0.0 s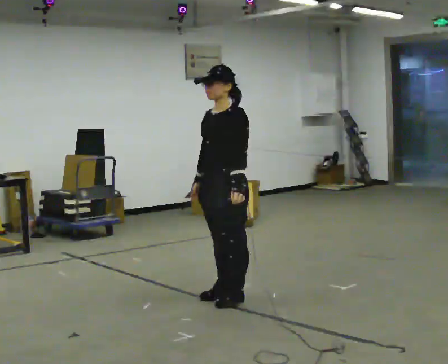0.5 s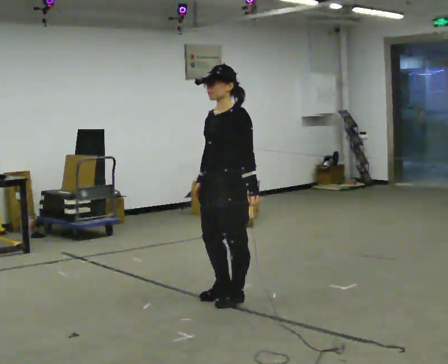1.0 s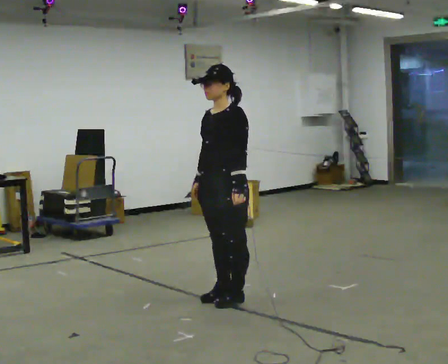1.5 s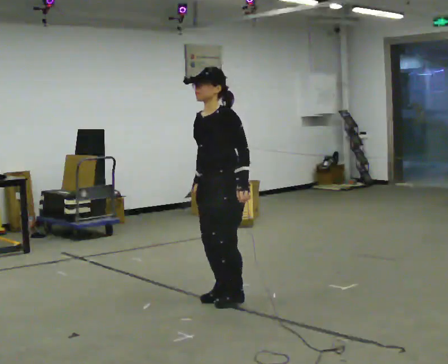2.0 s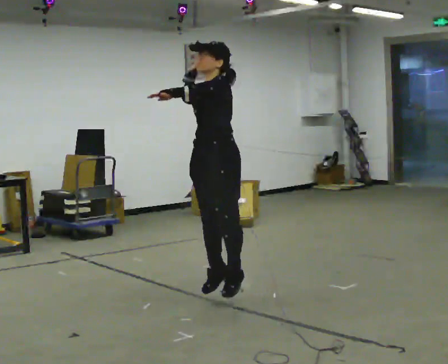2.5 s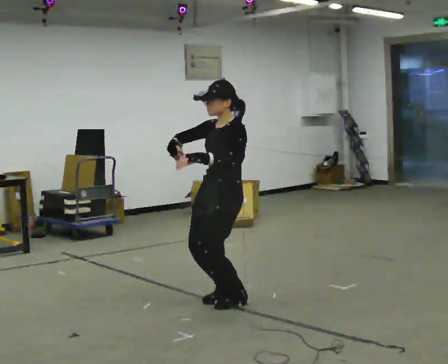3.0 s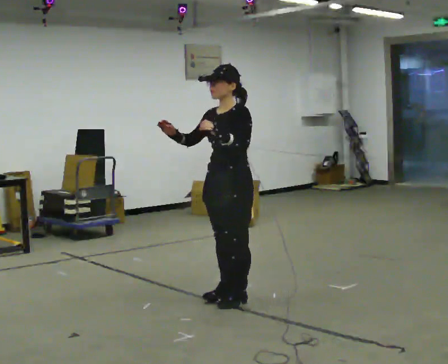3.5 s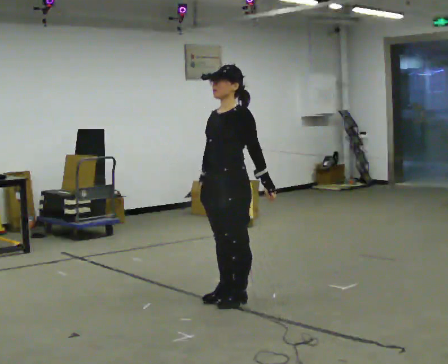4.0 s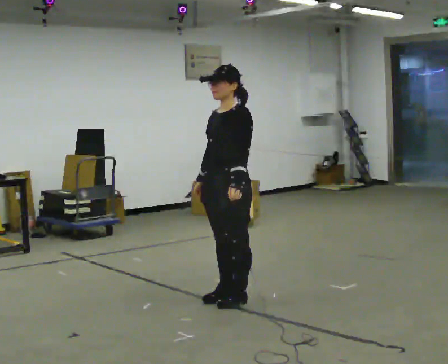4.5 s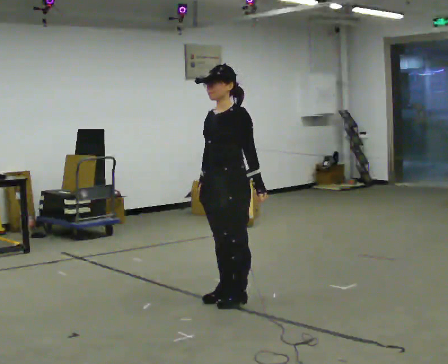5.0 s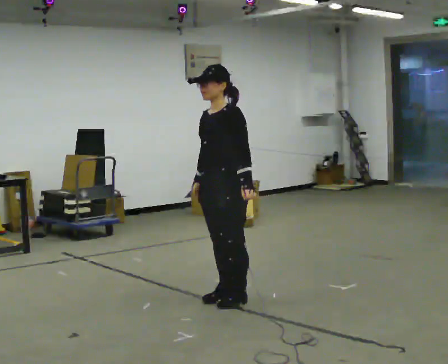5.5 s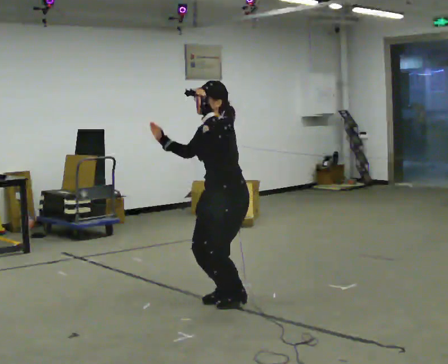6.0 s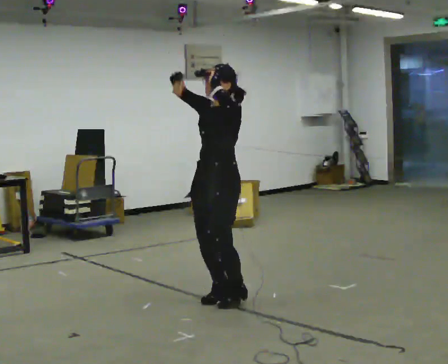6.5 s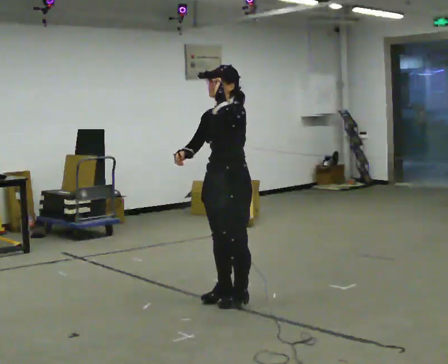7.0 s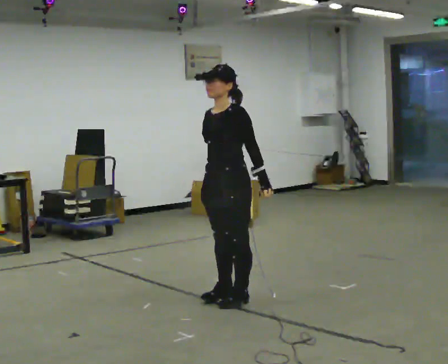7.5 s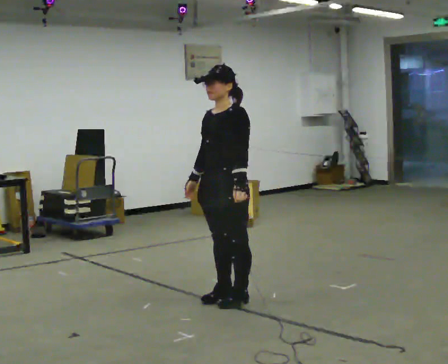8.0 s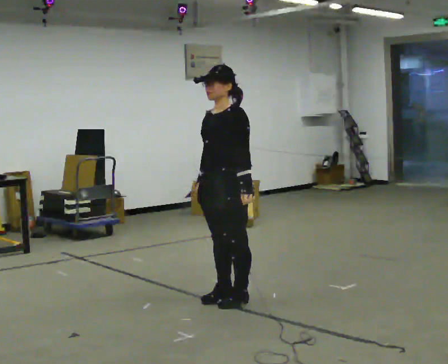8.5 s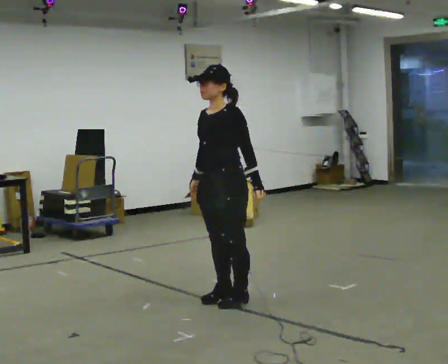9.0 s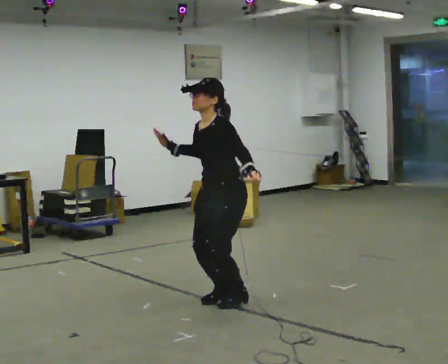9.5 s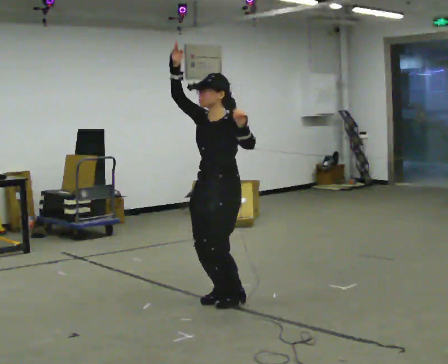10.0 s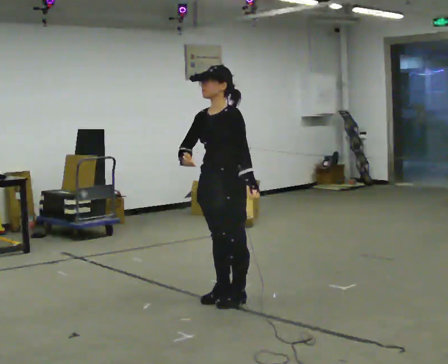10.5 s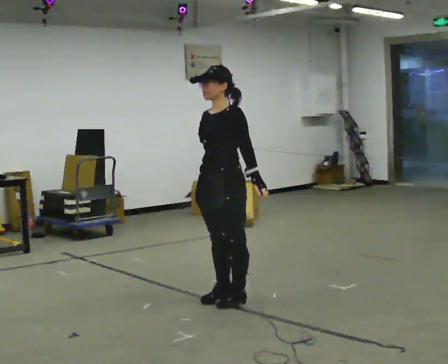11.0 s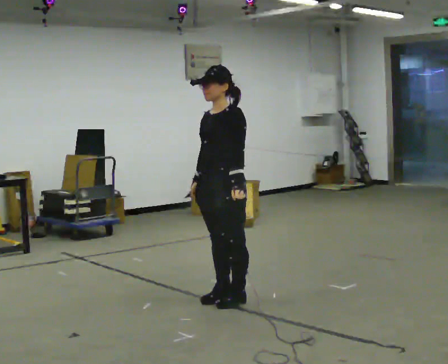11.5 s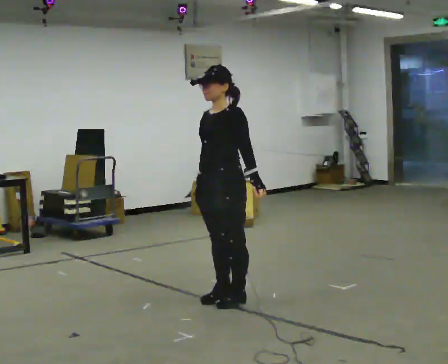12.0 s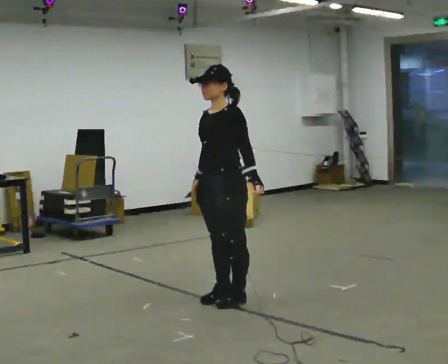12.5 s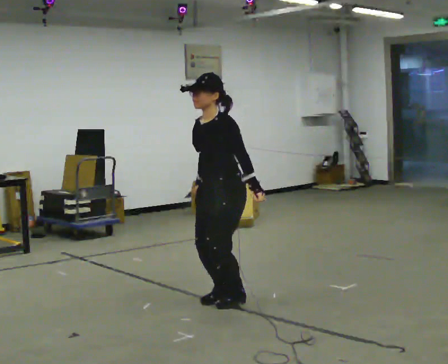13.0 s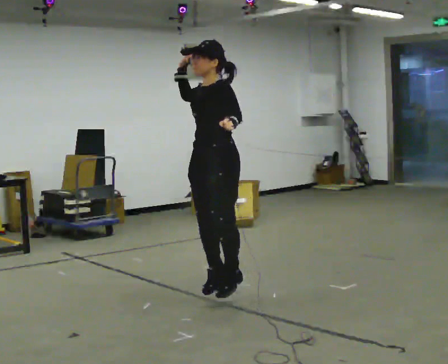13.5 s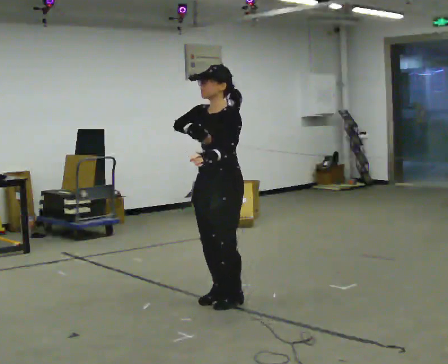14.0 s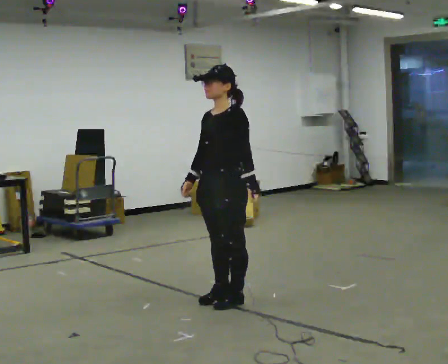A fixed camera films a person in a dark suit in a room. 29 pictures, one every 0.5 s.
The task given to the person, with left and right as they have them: Mime a volleyball spike with no ball: approach in place, jump and strike downward. Repeat the movement at your own pace until the operator says stop; do not rush.
0.0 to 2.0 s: In the picture their right hand goes upward.
2.0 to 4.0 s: In the picture their right hand goes downward.
4.0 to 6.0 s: In the picture their right hand goes upward, the arm swinging clockwise.
6.0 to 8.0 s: In the picture their right hand goes downward.
8.0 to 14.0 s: The person moves a little, or ends about where they began.
The film runs forward here.
